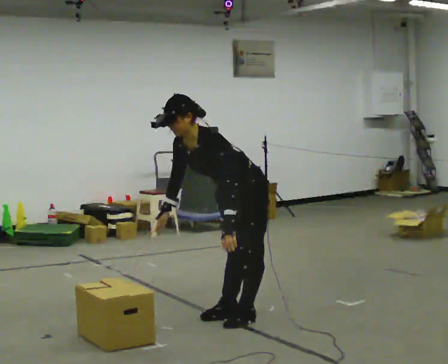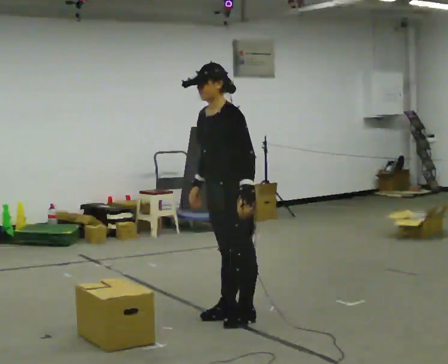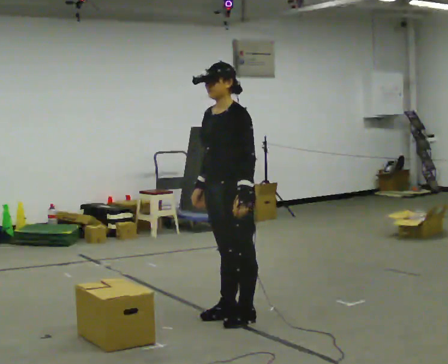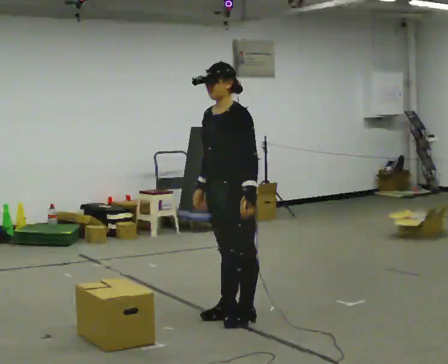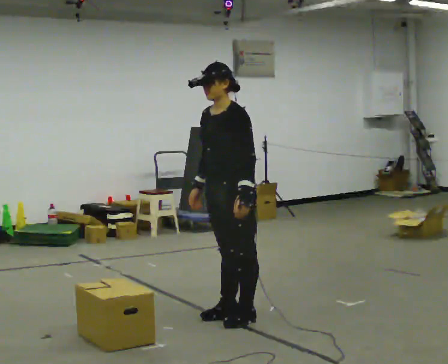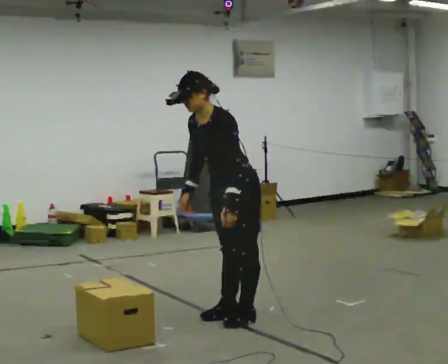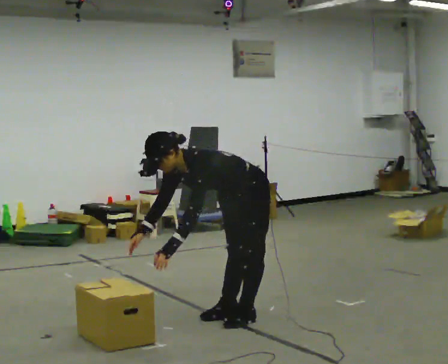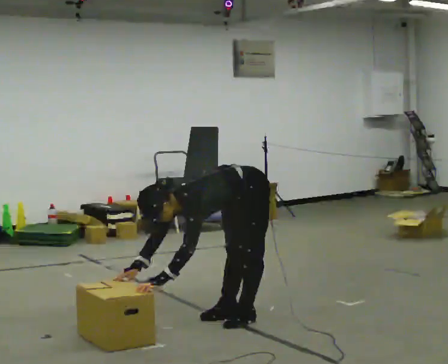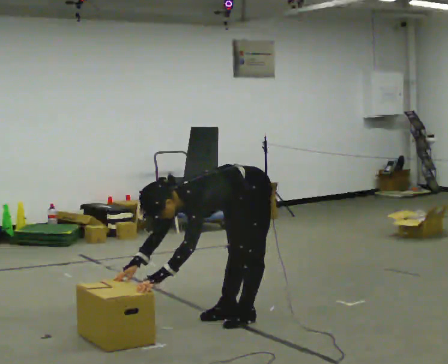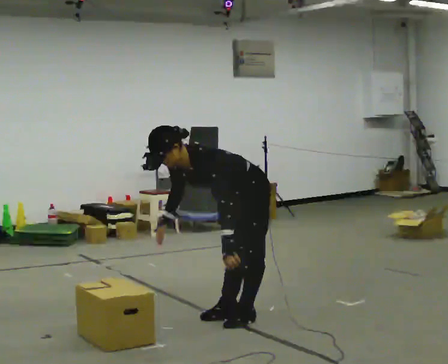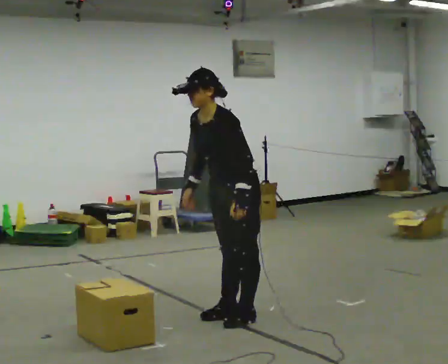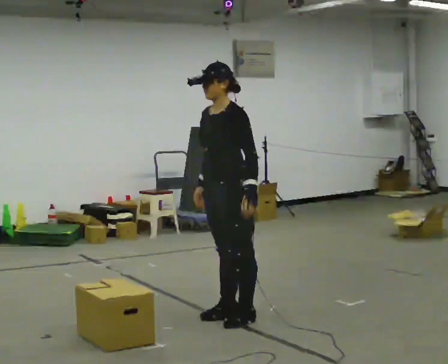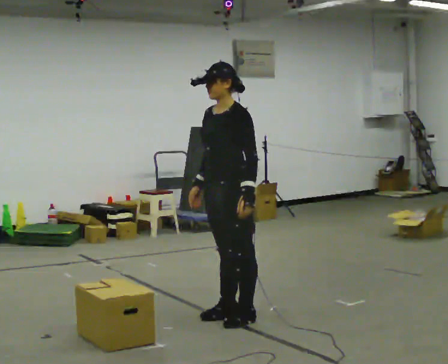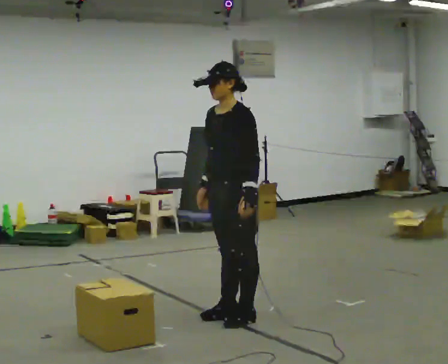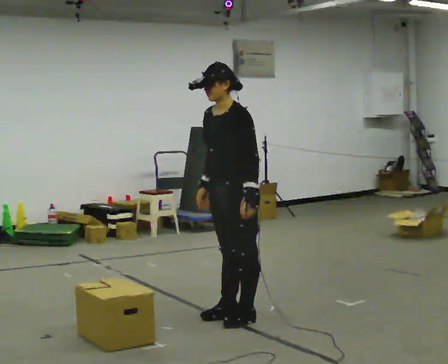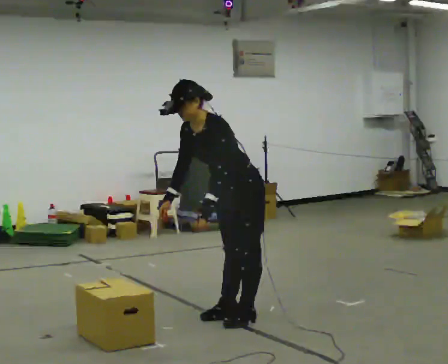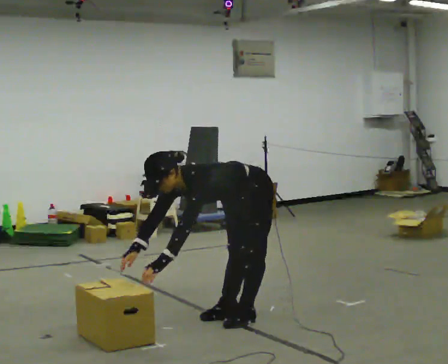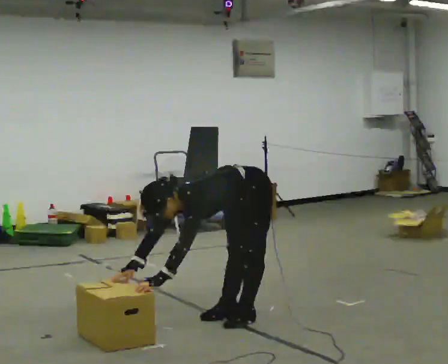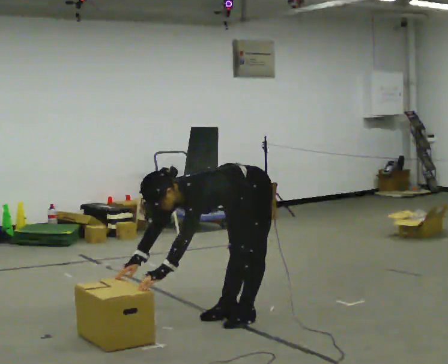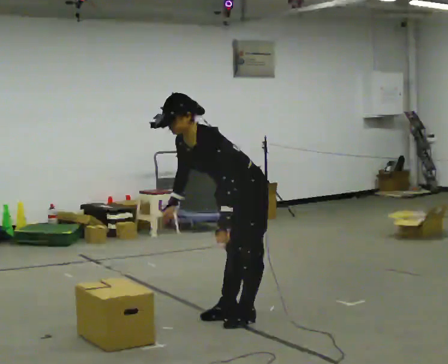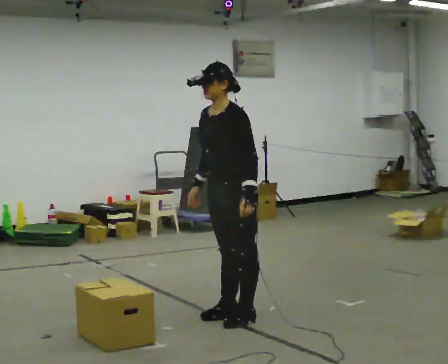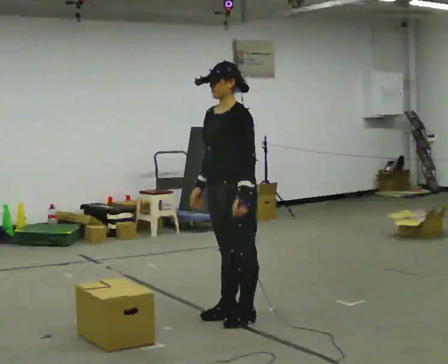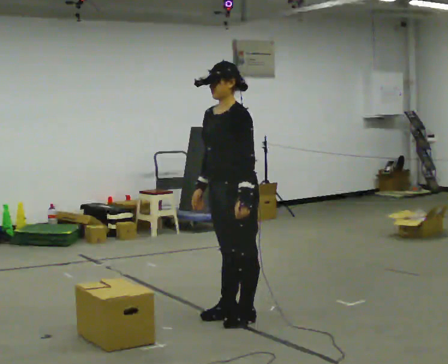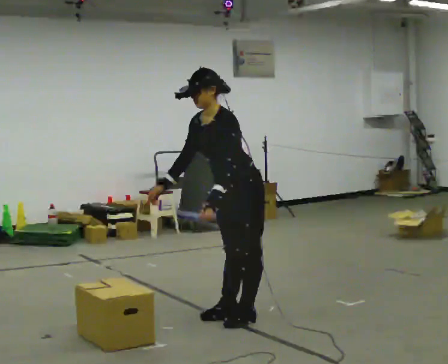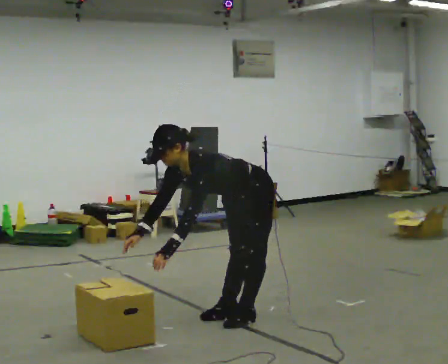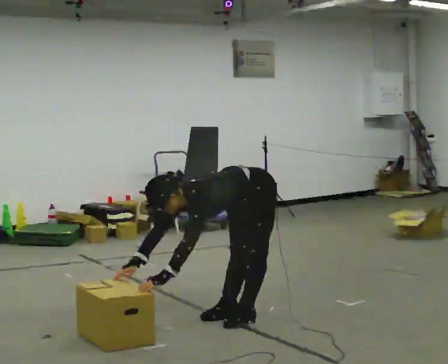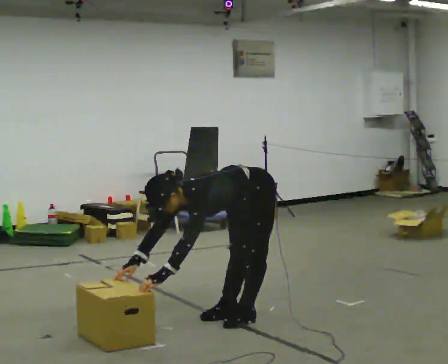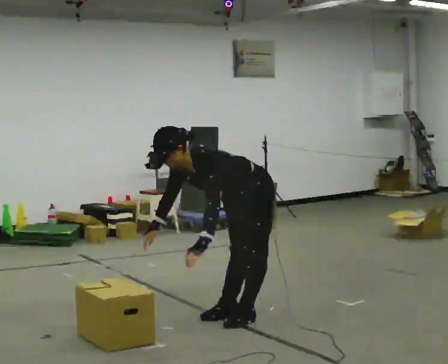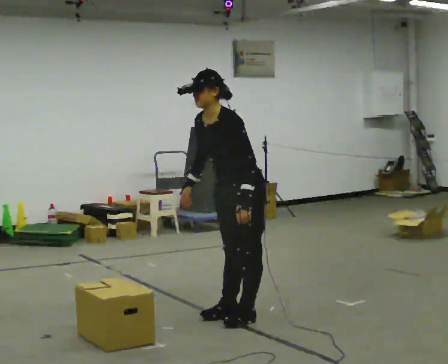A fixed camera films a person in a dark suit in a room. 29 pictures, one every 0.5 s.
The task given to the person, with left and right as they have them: The object is placed just too far away for you to reach. Try to reach it while keeping both feet planted, and step only when you have to. Repeat at your own pace until the operator says stop. Go slowly and only as far as you are comfortable. Step whenever you need to; do not try to hold on longer than feels safe.
0.0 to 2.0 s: The upper body goes upward. In the picture the upper body tilts clockwise, shoulders to the right, as they lean back or straighten.
2.0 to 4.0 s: The upper body goes downward. In the picture the upper body tilts counterclockwise, shoulders to the left, as they bend forward. In the picture their left hand goes to the left and downward.
4.0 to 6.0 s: The upper body goes upward. In the picture the upper body tilts clockwise, shoulders to the right, as they lean back or straighten. In the picture their left hand goes to the right and upward.
6.0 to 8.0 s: The upper body goes downward. In the picture the upper body tilts counterclockwise, shoulders to the left, as they bend forward. In the picture their left hand goes to the left and downward.
8.0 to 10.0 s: In the picture the upper body tilts clockwise, shoulders to the right, as they lean back or straighten. In the picture their left hand goes to the right and upward.
10.0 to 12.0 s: The shoulders move downward. In the picture the upper body tilts counterclockwise, shoulders to the left, as they bend forward. In the picture their left hand goes to the left.
12.0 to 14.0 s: The person moves a little, or ends about where they began.
The film runs forward here.
